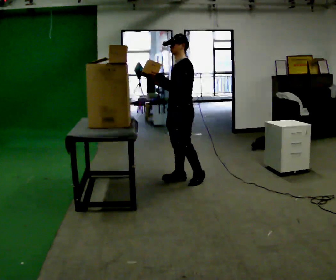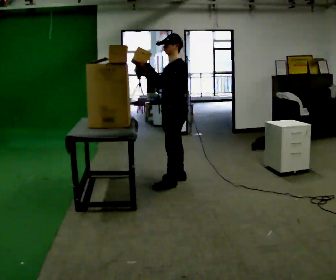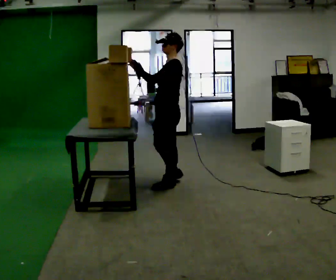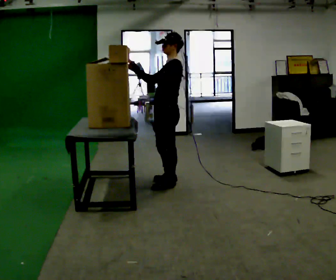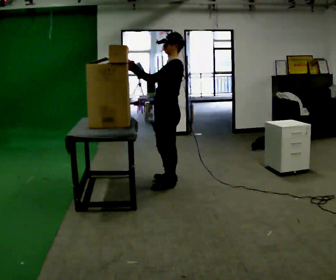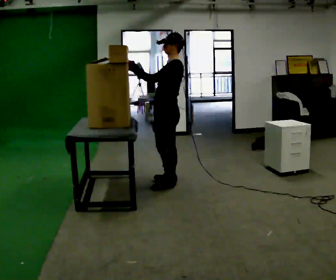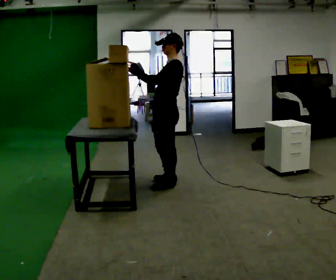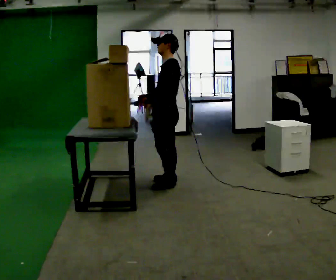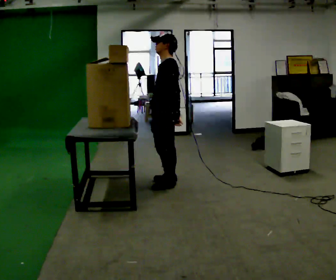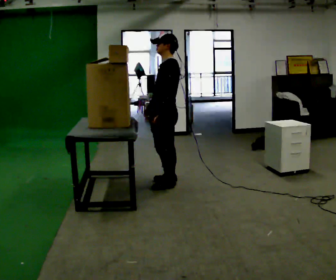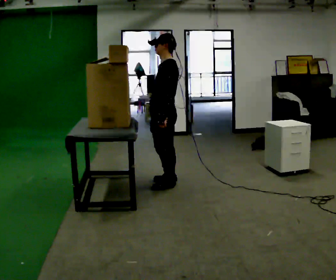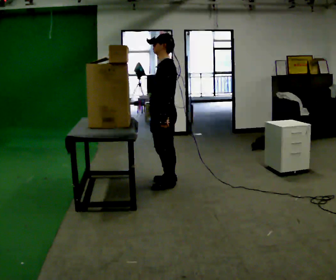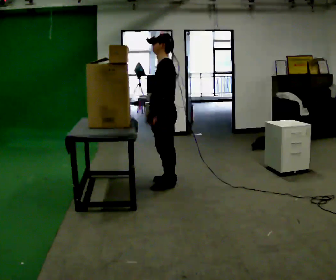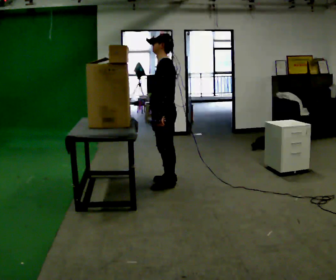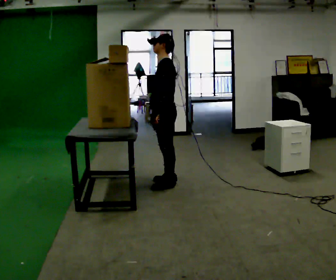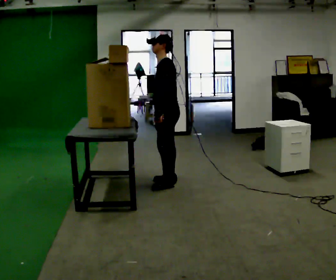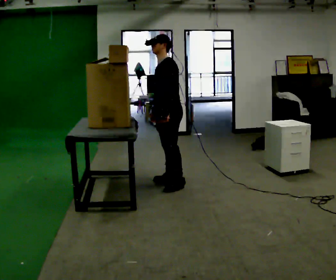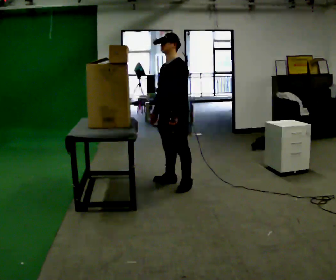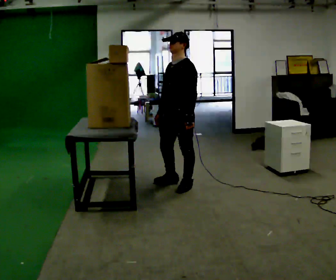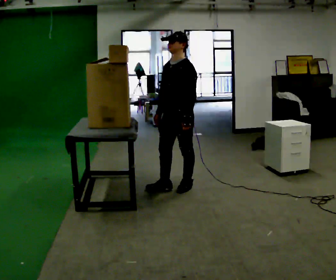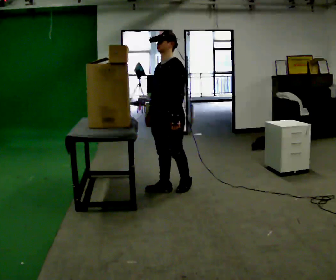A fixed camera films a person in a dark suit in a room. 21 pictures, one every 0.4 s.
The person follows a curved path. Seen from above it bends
counterclockwise.
0.0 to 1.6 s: In the picture they go toward the camera, about 0.25 m in 2 steps, which for them is to their left and forward.
1.6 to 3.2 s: In the picture their right hand goes downward and to the right, the arm swinging counterclockwise.
3.2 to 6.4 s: The person moves a little, or ends about where they began.
6.4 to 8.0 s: In the picture they go toward the camera, about 0.25 m in 2 steps, which for them is forward and to their left.
The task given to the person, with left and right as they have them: Take an object down from the highest shelf you can comfortably reach, carry it across, and place it on the waist-height shelf. Keep going until the operator says stop; one object at a time, and do not rush between trips.
The film runs forward here.
